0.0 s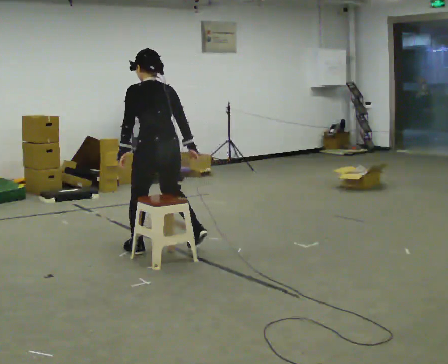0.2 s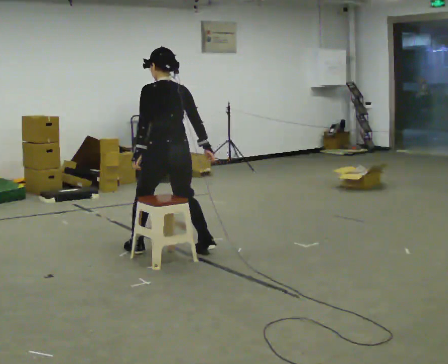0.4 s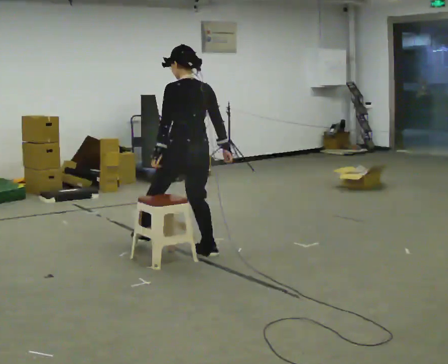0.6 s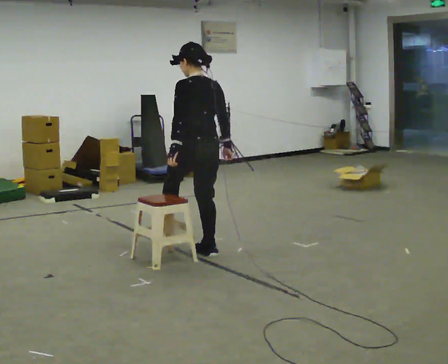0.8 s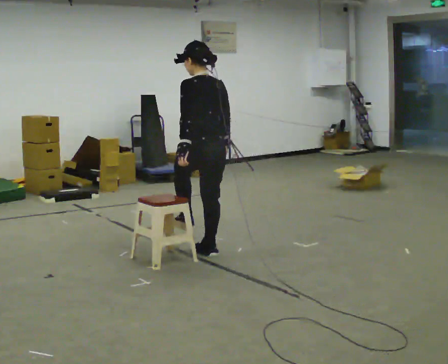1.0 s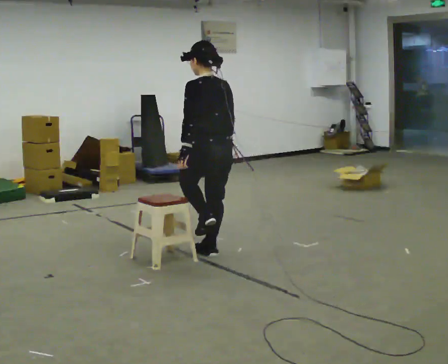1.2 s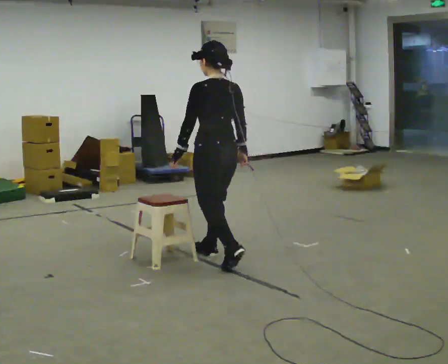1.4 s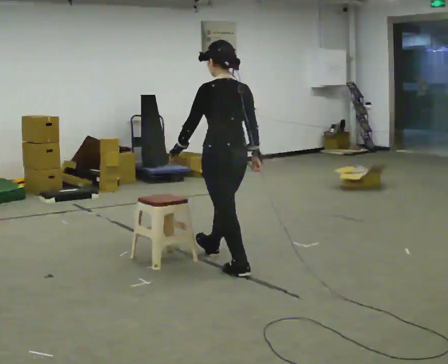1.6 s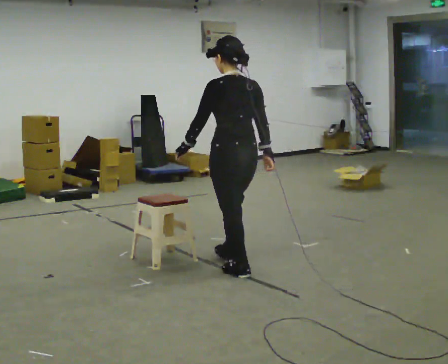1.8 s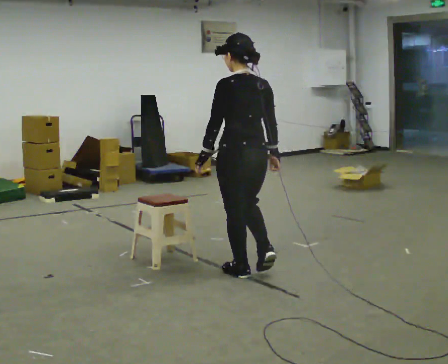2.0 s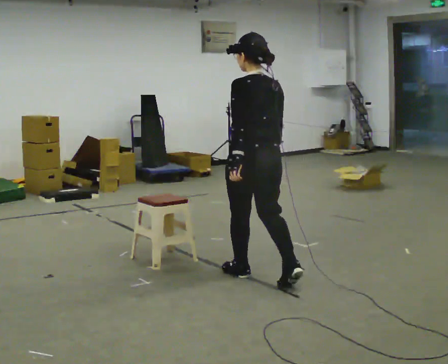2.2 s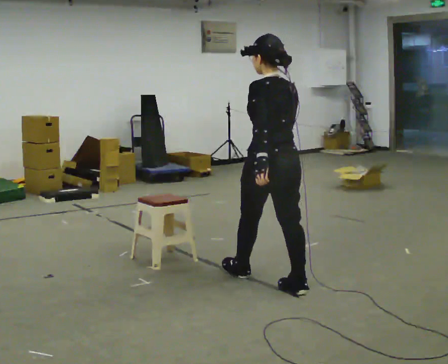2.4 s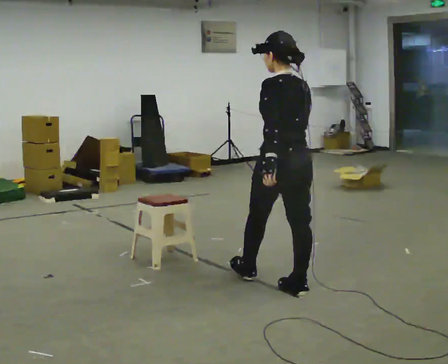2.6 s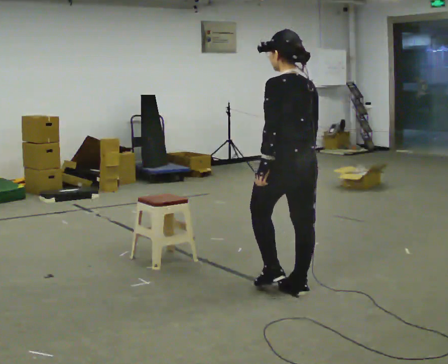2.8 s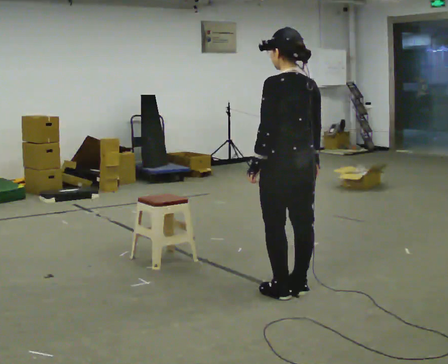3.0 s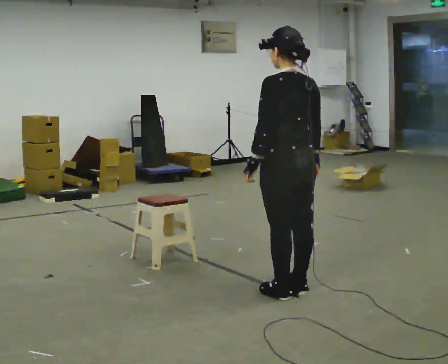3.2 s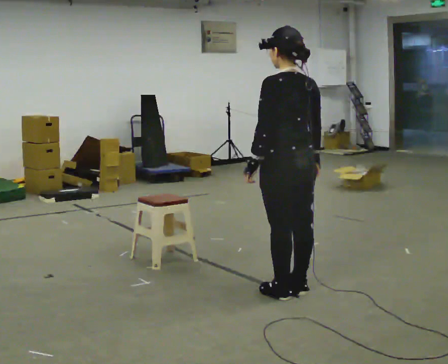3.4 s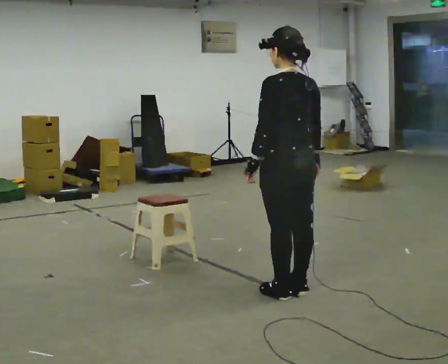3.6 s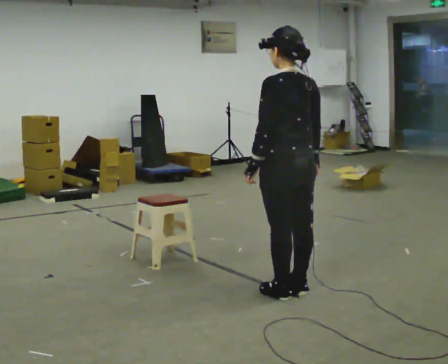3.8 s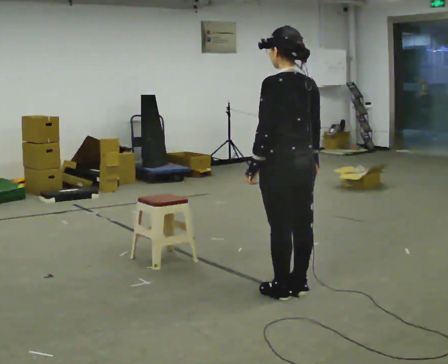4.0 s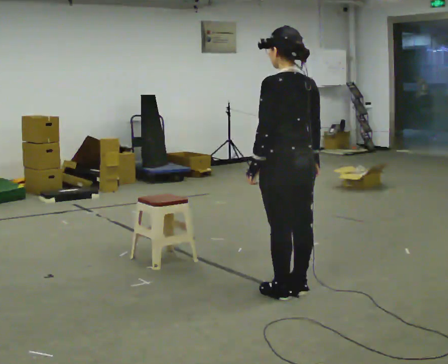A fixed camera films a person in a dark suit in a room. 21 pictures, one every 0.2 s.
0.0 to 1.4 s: In the picture they go to the right and toward the camera, about 0.5 m in 2 steps, which for them is backward and to their right.
1.4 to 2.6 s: In the picture they go toward the camera and to the right, about 0.75 m in 1 step, which for them is backward.
2.6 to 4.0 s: The person moves a little, or ends about where they began.
The film runs backward here.
